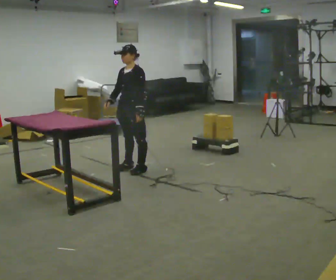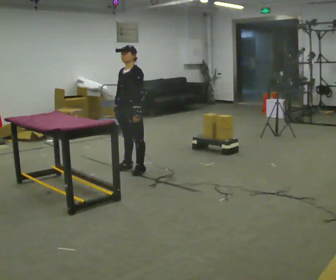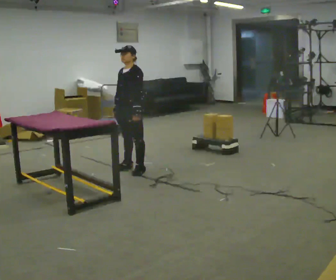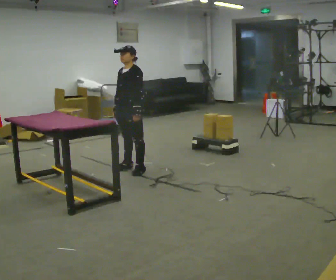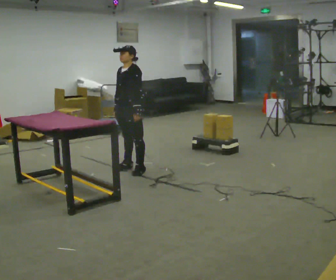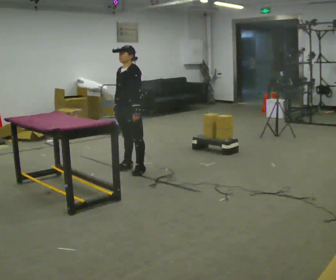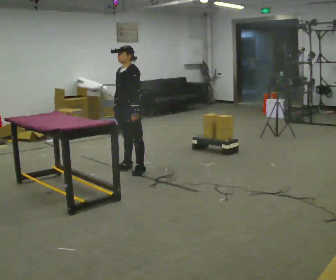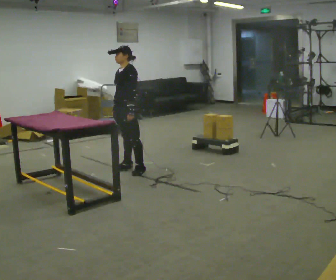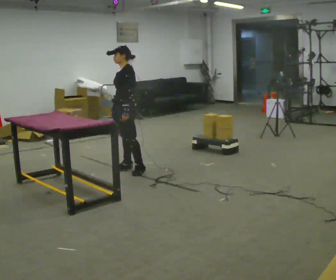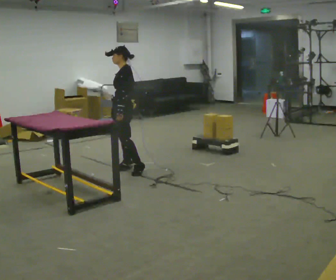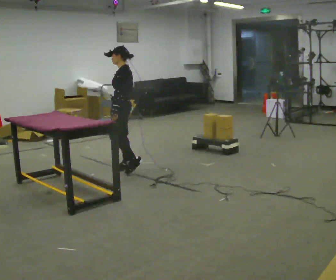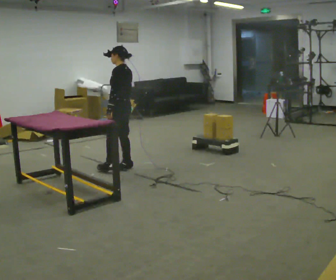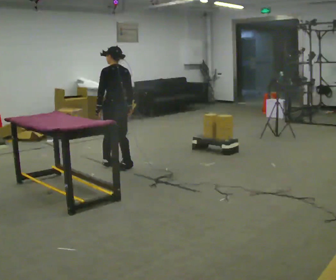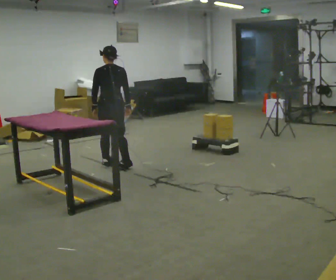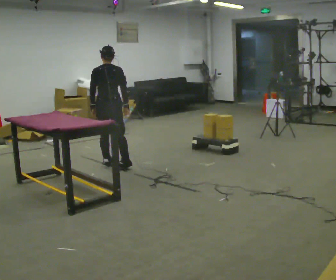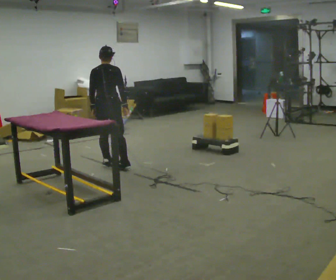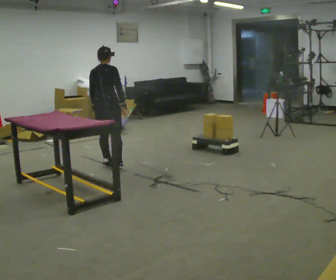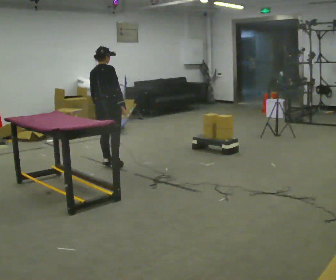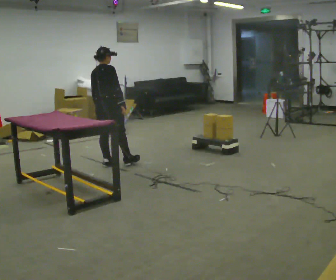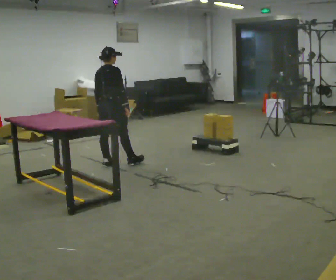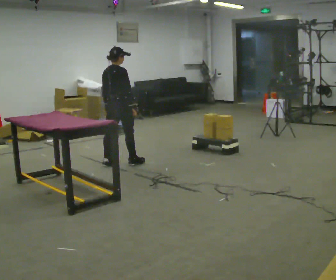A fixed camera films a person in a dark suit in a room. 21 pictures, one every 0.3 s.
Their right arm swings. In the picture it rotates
counterclockwise.
The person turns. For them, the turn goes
to their right.
0.0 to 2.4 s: The person moves a little, or ends about where they began.
2.4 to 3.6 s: The part of the body nearest the lens slides to the left as the person turns to their right by about 75 degrees.
3.6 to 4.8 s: The part of the body nearest the lens slides to the left as the person turns to their right by about 60 degrees.
4.8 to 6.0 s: The person moves a little, or ends about where they began.
The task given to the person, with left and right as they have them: Carry the object across the room and place it on the shelf just at the top of your comfortable reach. Keep going until the operator says stop; one object at a time, and do not rush between trips.
The film runs forward here.
